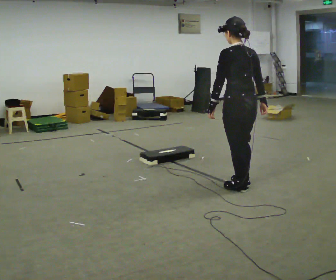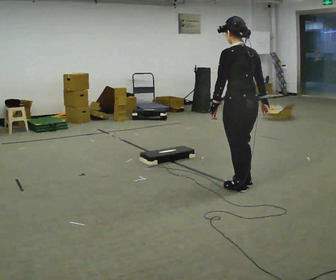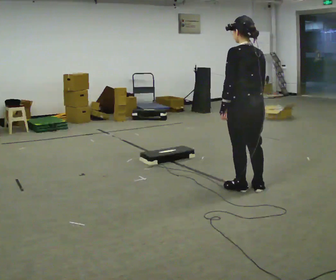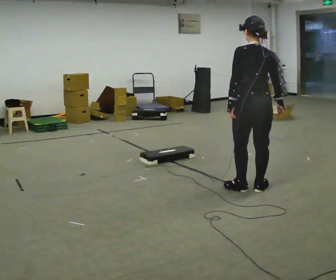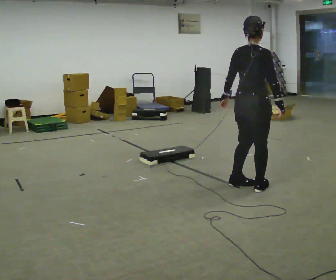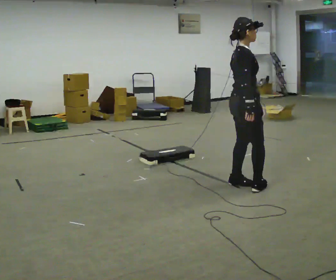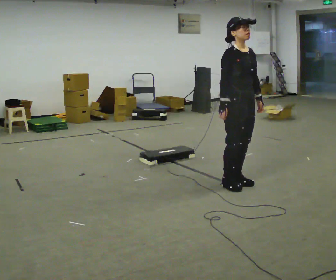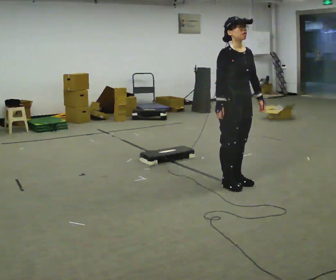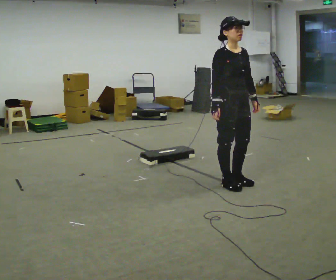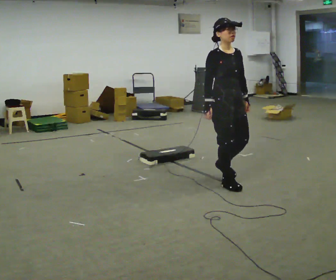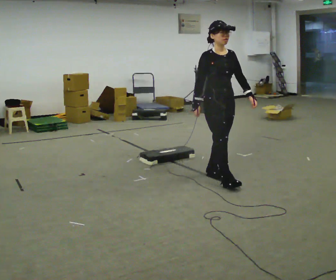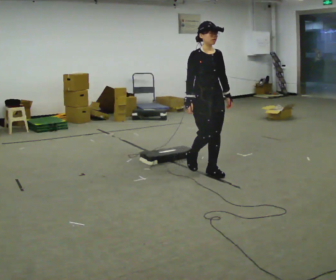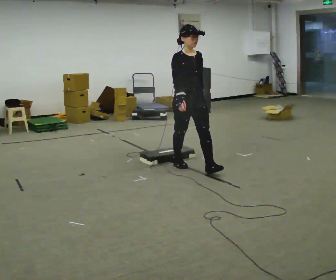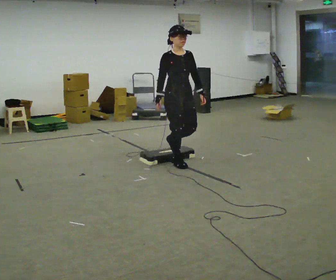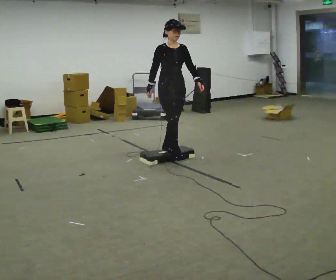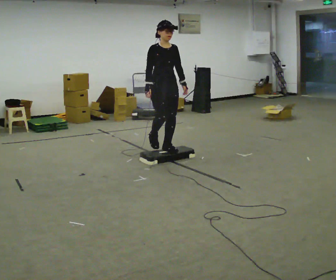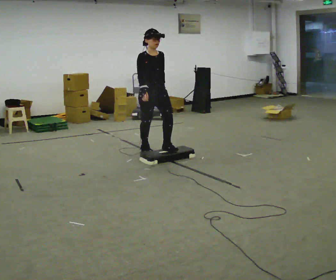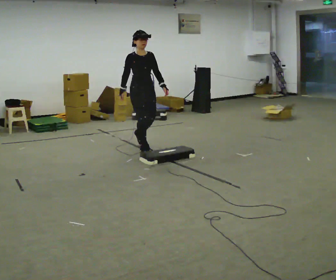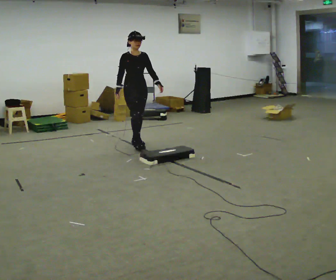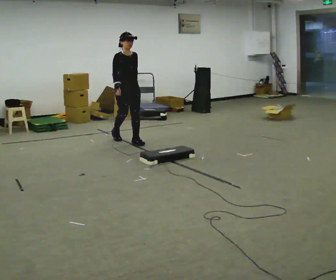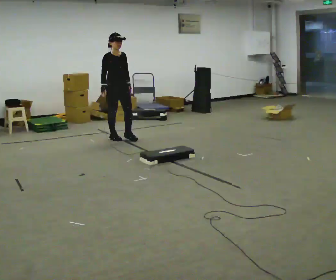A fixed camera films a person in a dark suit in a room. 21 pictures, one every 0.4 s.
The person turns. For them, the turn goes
to their right.
The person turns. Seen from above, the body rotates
clockwise.
0.0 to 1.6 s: The person turns about 75 degrees to their right, clockwise seen from above, so the part of the body nearest the lens slides to the left.
1.6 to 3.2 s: The person turns about 105 degrees to their right, clockwise seen from above, so the part of the body nearest the lens slides to the left. In the picture they go to the left, about 0.25 m in 1 step. In the picture their left hand goes to the right, the arm swinging counterclockwise.
3.2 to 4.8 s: In the picture they go away from the camera and to the left, about 0.75 m in 3 steps, which for them is backward.
4.8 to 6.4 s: In the picture they go away from the camera and to the left, about 1 m in 1 step, which for them is backward.
6.4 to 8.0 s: In the picture they go to the left and away from the camera, about 1 m in 3 steps, which for them is backward.
The film runs backward here.
